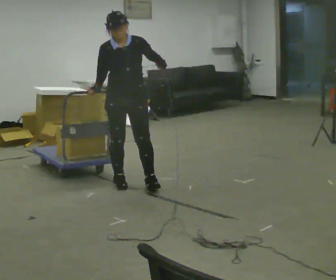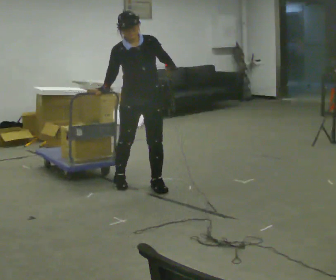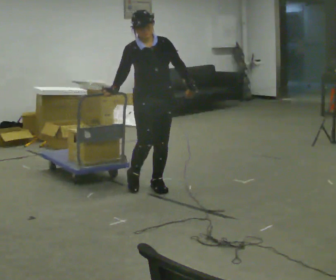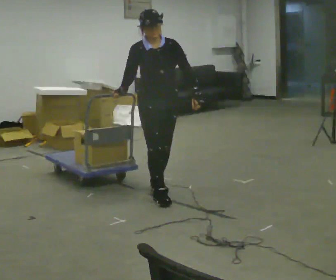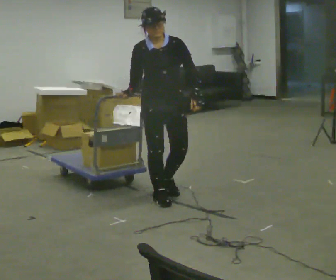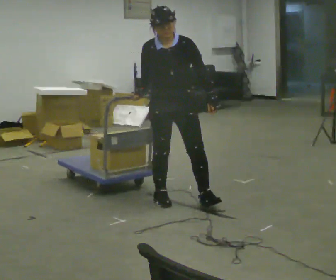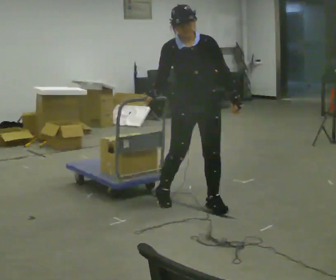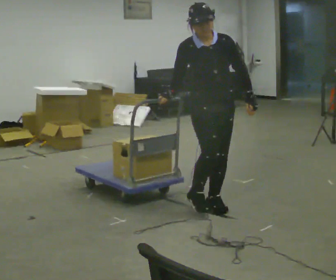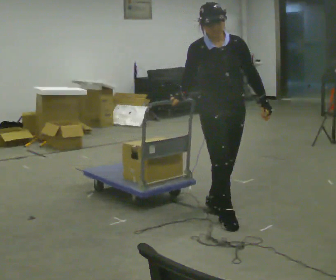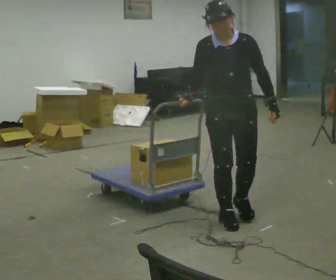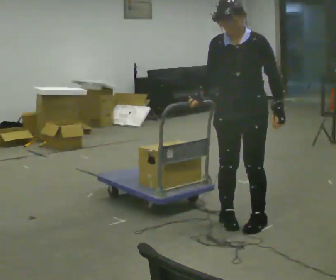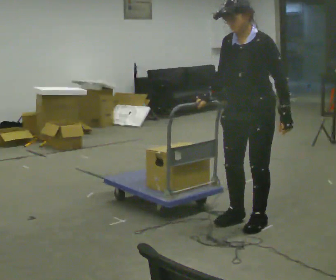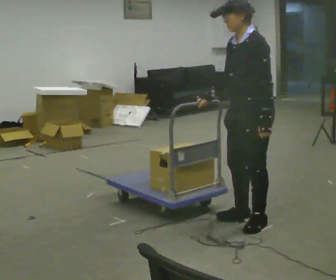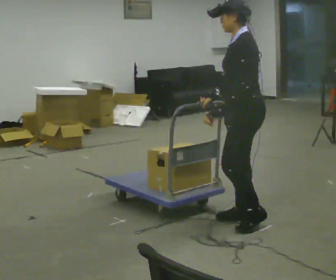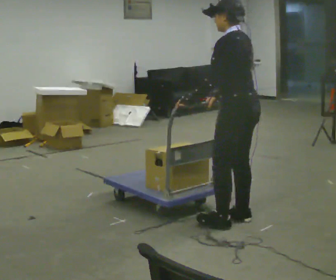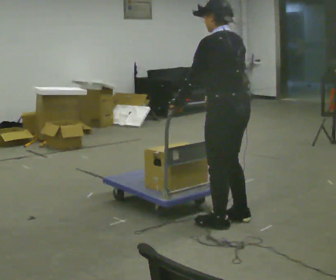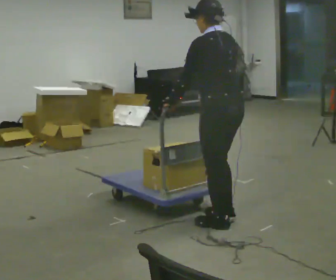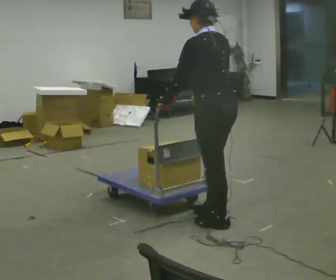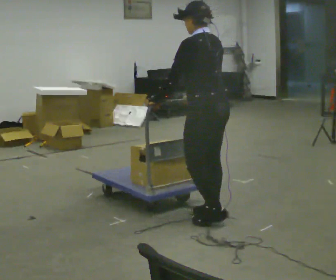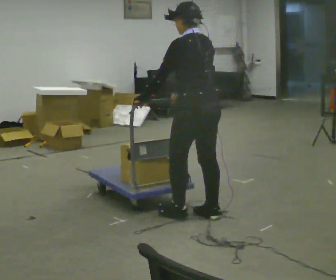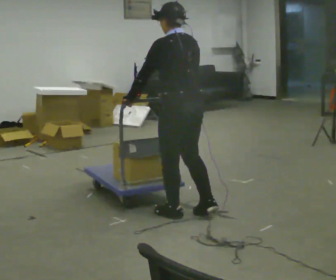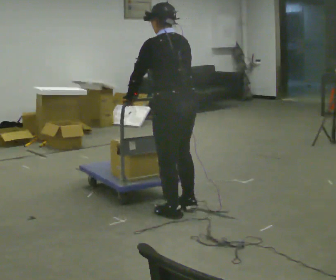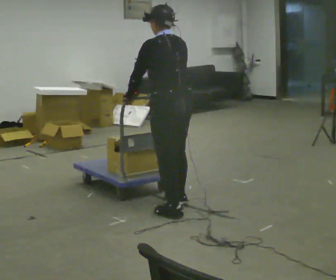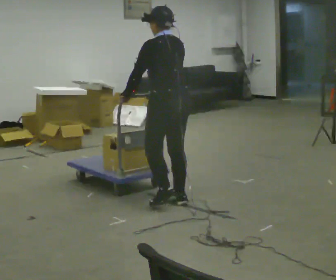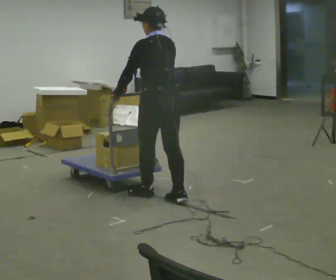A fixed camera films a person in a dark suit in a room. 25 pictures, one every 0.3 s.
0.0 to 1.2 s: In the picture they go to the right and toward the camera, about 0.5 m in 2 steps, which for them is forward and to their left.
1.2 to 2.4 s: In the picture they go to the right and toward the camera, about 0.5 m in 2 steps, which for them is forward and to their left.
2.4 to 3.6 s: The person turns about 90 degrees to their right, clockwise seen from above, so the part of the body nearest the lens slides to the left. In the picture they go to the right and toward the camera, about 0.25 m in 1 step.
3.6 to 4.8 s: The person turns about 60 degrees to their right, clockwise seen from above, so the part of the body nearest the lens slides to the left. In the picture they go to the left, about 0.25 m in 1 step. In the picture their left hand goes to the left, the arm swinging clockwise.
4.8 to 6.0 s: In the picture they go to the left and away from the camera, about 0.25 m in 2 steps, which for them is forward.
6.0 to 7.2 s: In the picture they go away from the camera and to the left, about 0.5 m in 1 step, which for them is forward.
The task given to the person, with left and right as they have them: Push the cart across the room and back. The operator will change how much is loaded on it between takes and will tell you each time.
The film runs forward here.
